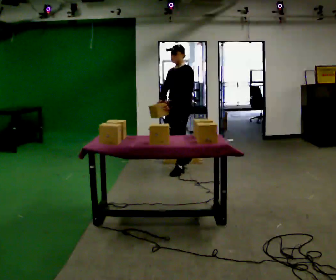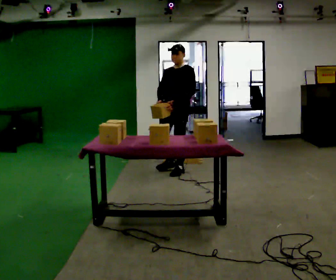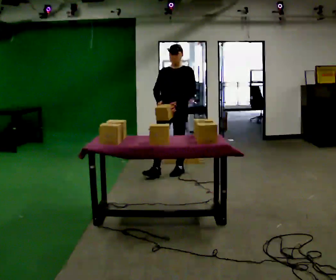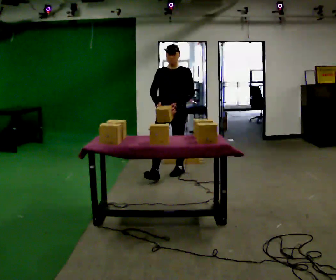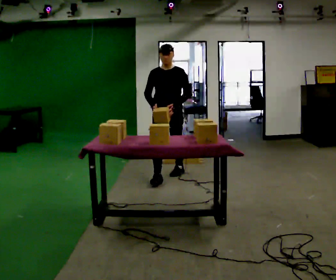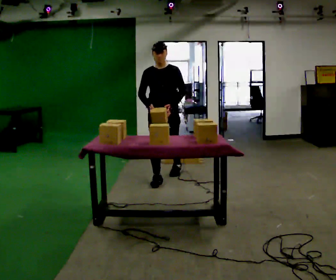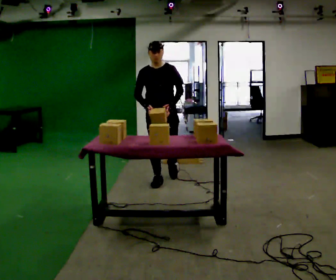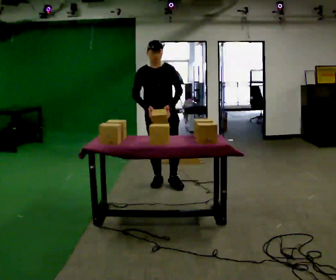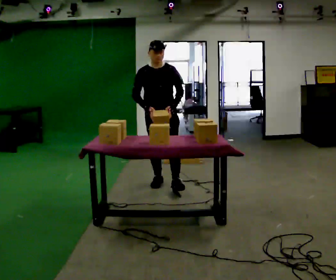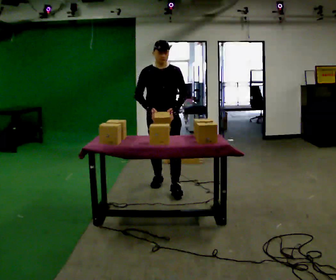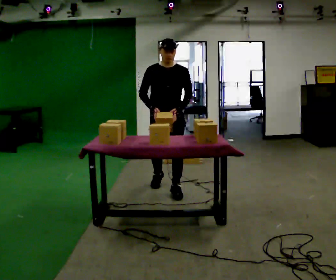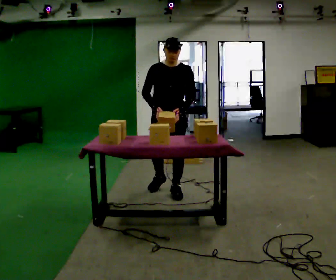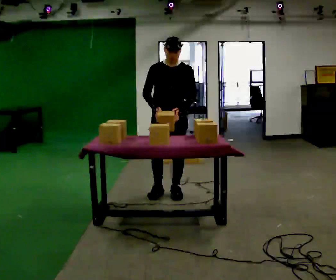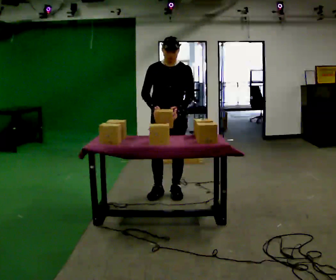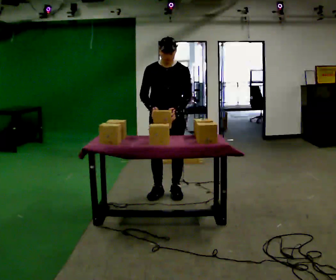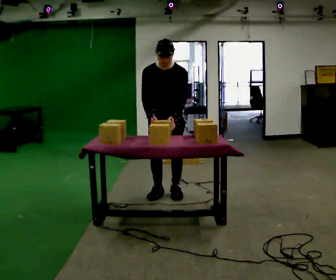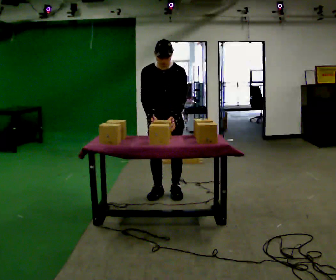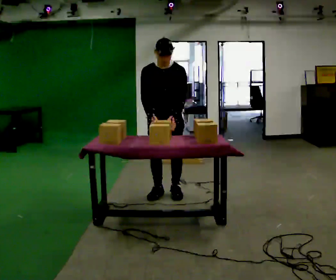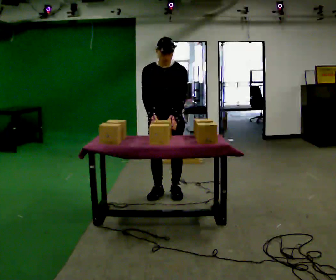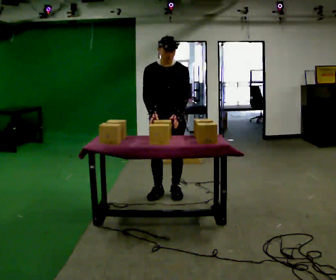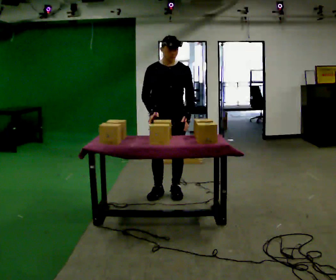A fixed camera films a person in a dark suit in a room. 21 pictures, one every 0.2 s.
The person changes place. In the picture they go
toward the camera.
The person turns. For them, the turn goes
to their left.
0.0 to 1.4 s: The person turns about 60 degrees to their left, counterclockwise seen from above, so the part of the body nearest the lens slides to the right. In the picture they go toward the camera and to the left, about 0.75 m in 1 step.
1.4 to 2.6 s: In the picture they go toward the camera, about 0.5 m in 2 steps, which for them is forward.
2.6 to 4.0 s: The person moves a little, or ends about where they began.
The film runs forward here.
